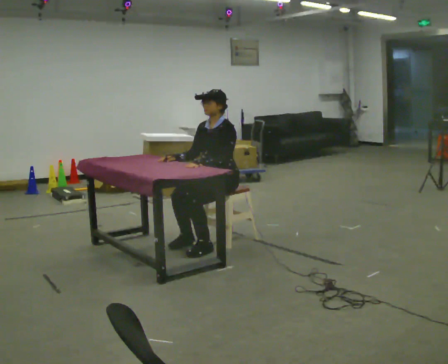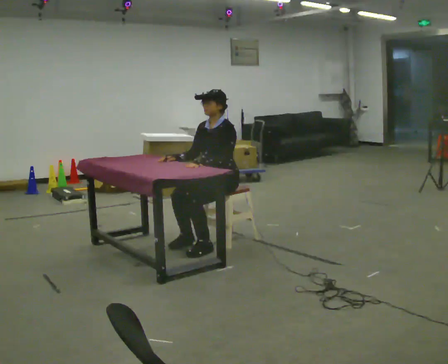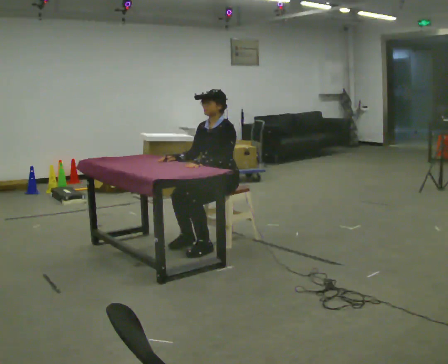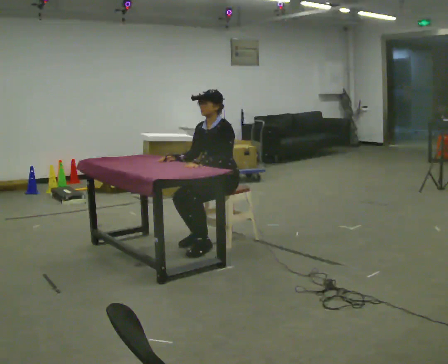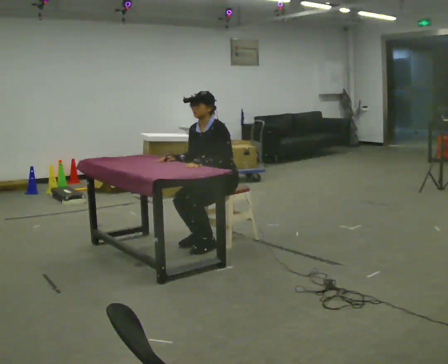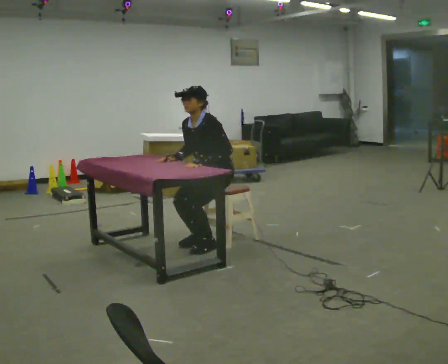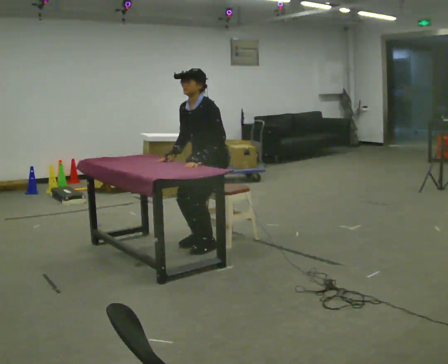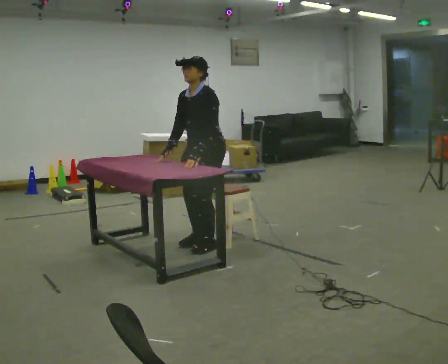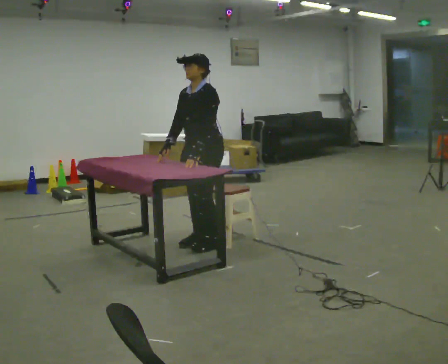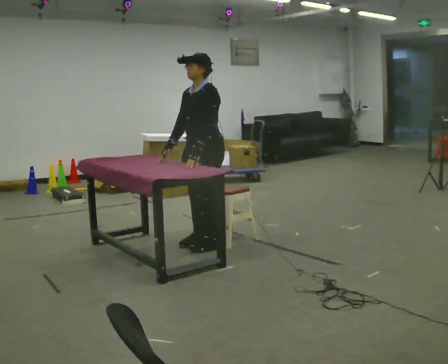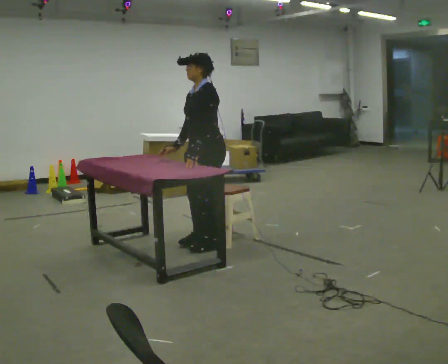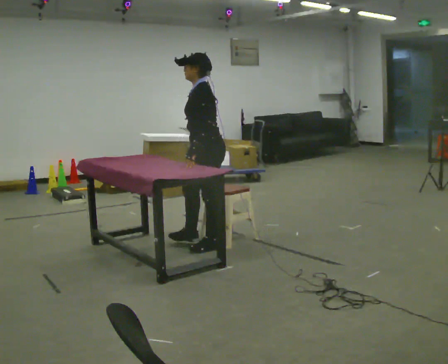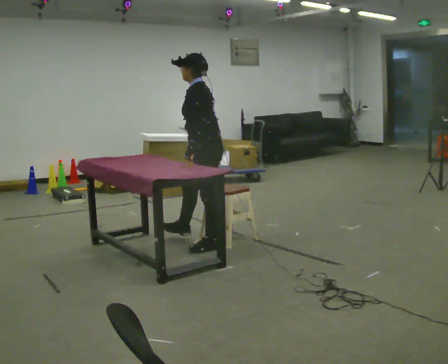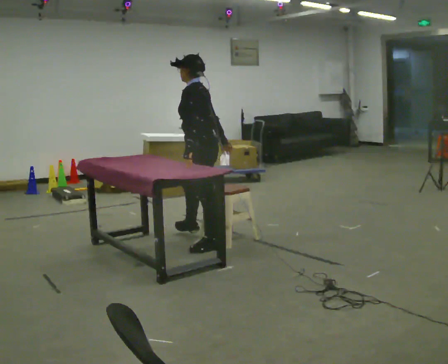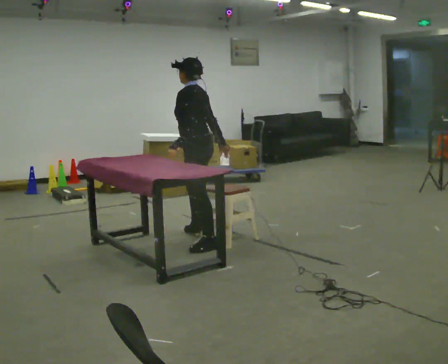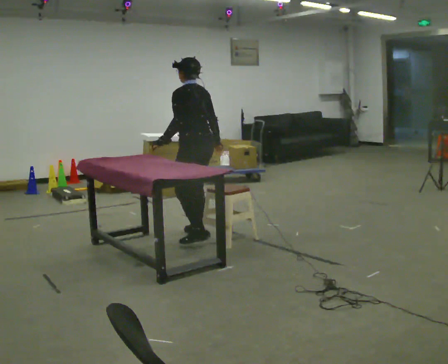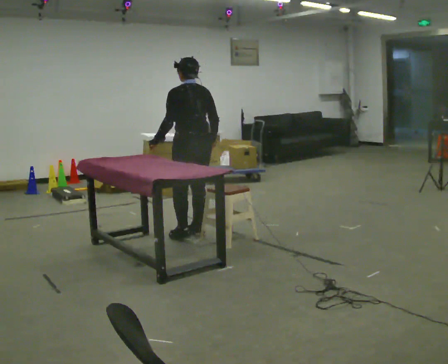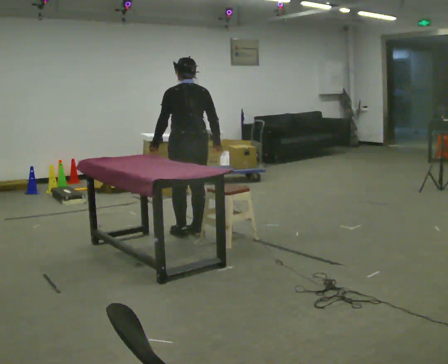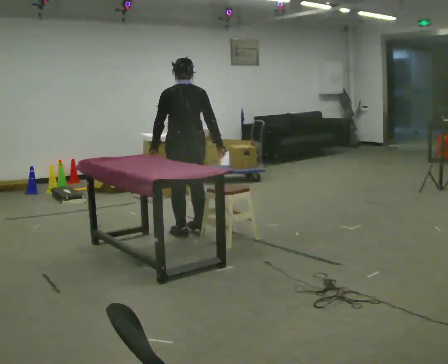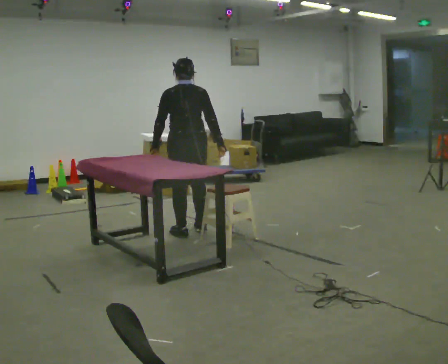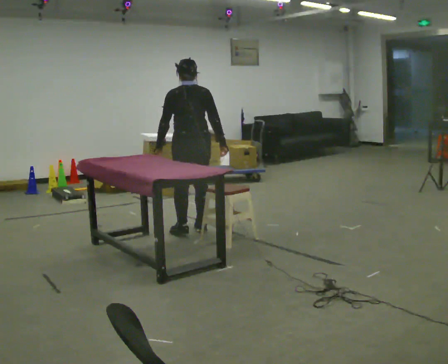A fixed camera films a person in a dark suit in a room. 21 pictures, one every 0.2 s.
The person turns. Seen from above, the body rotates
clockwise.
The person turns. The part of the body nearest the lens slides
to the left.
0.0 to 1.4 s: The shoulders move upward.
1.4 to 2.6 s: The part of the body nearest the lens slides to the left as the person turns to their right by about 45 degrees. In the picture their right hand goes to the right, the arm swinging counterclockwise.
2.6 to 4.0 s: Seen from above the body turns clockwise, about 75 degrees: to their right, with its near side sliding to the left. In the picture they go away from the camera, about 0.5 m in 2 steps.
The film runs forward here.
